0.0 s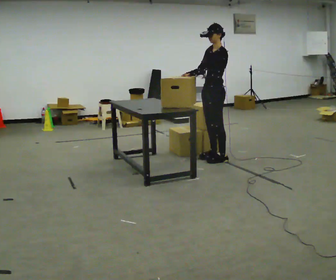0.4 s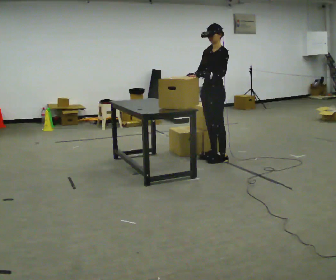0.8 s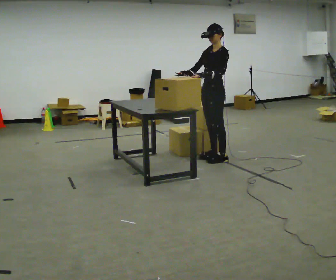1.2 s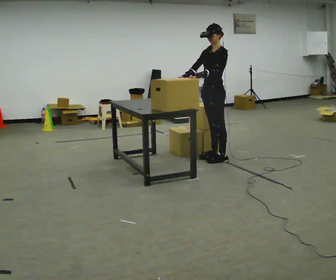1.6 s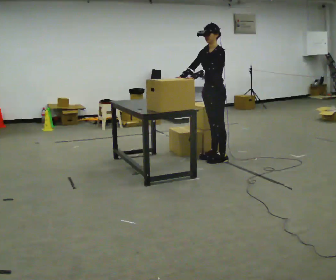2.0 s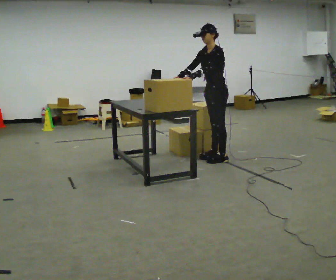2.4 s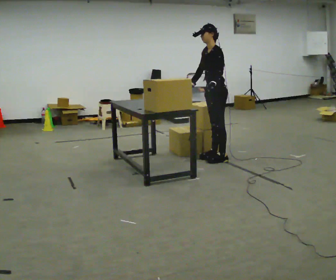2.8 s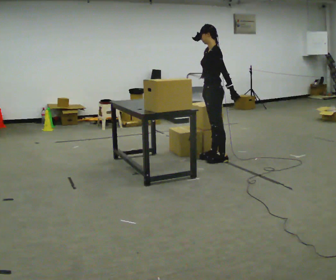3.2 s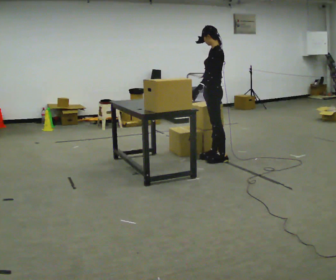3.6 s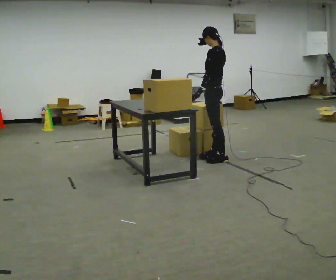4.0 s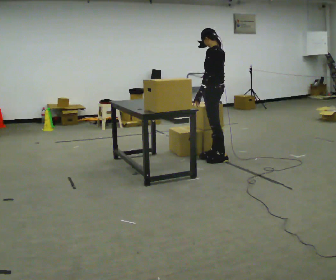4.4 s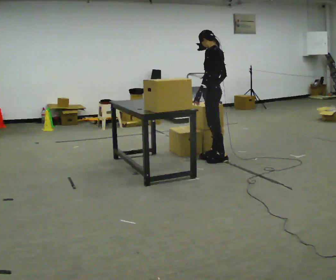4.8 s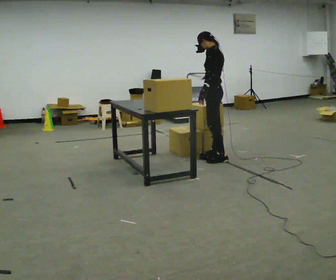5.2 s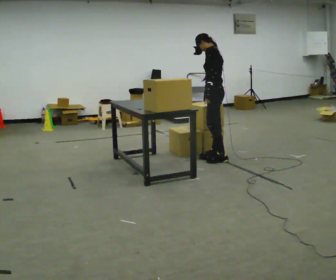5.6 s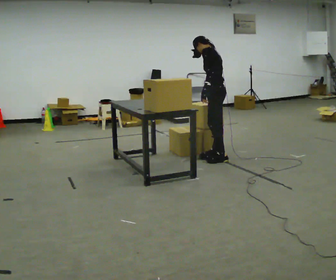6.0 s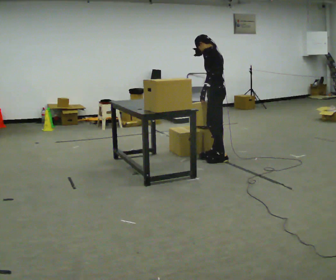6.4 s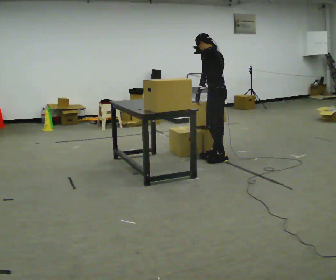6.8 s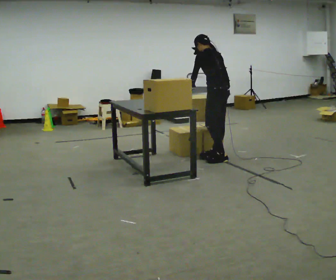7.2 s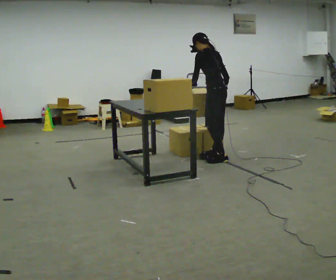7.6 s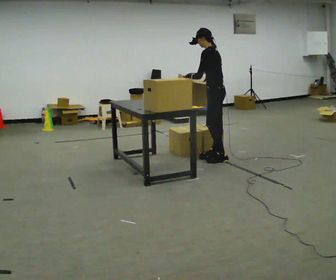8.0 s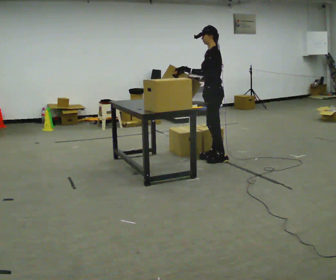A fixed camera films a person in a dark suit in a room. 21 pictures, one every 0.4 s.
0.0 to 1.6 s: The person moves a little, or ends about where they began.
1.6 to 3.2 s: Seen from above the body turns clockwise, about 30 degrees: to their right, with its near side sliding to the left. In the picture their right hand goes to the right, the arm swinging counterclockwise.
3.2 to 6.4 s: The person moves a little, or ends about where they began.
6.4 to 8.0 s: The person turns about 30 degrees to their left, counterclockwise seen from above, so the part of the body nearest the lens slides to the right.
The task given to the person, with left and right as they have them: Pick the fragile object up and set it back down as gently as you can. Repeat at your own pace until the operator says stop. Keep both feet on the marked spots for the whole take. If you have to step, stop and tell the operator.
The film runs forward here.
